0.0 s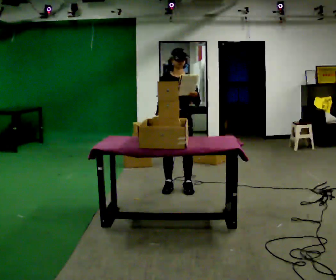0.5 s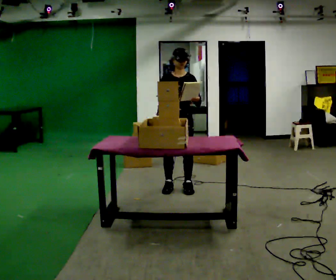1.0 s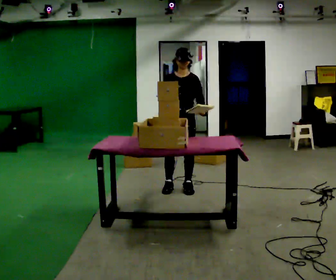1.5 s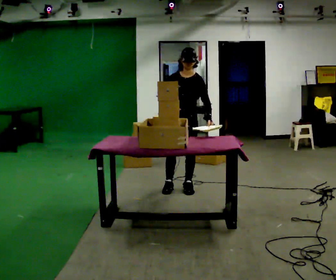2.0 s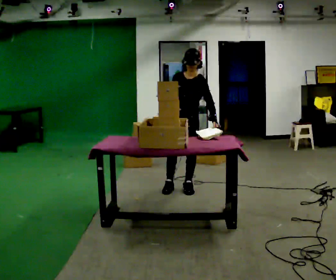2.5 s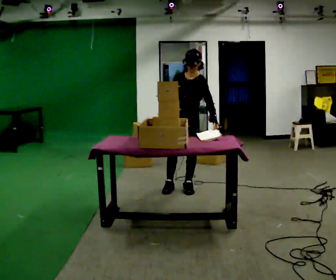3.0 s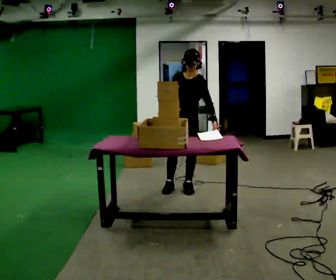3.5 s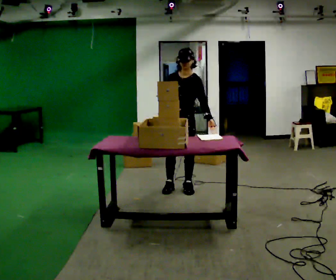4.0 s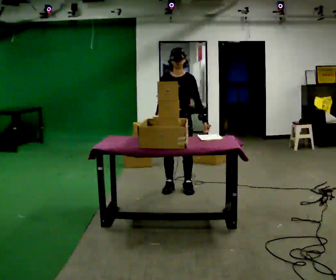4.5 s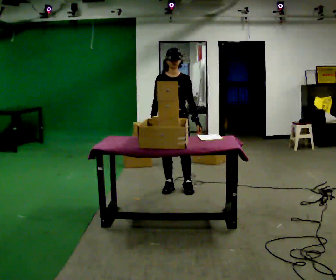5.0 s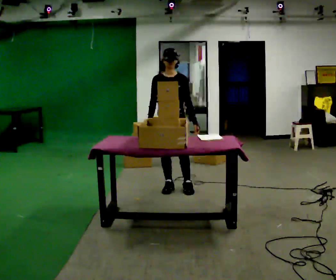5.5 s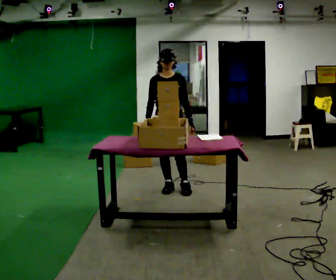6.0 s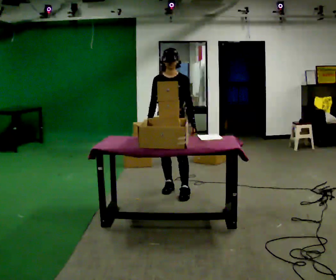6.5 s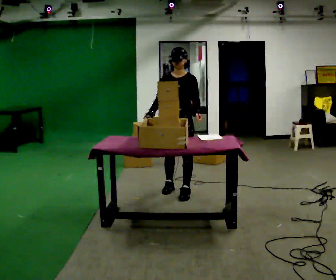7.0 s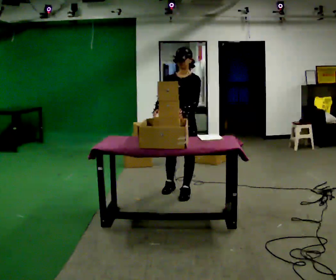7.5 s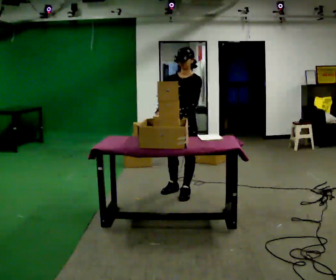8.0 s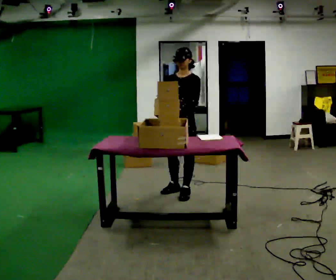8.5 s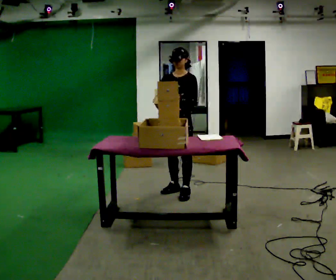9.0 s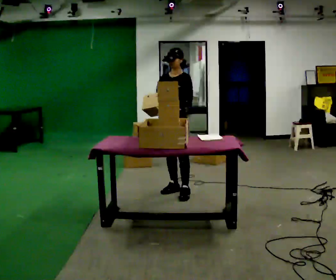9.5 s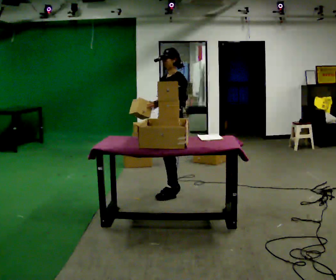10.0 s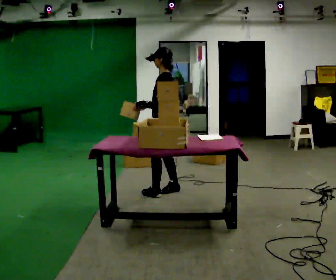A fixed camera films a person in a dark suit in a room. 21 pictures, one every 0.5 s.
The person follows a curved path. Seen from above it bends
clockwise.
0.0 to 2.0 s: The upper body tips toward the camera, its near side rolling downward, as they bend forward.
2.0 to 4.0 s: The upper body tips away from the camera, its near side rolling upward.
4.0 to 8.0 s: In the picture they go toward the camera, about 0.25 m in 1 step, which for them is forward.
8.0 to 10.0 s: The person turns about 75 degrees to their right, clockwise seen from above, so the part of the body nearest the lens slides to the left. In the picture they go to the left, about 0.25 m in 1 step.
The film runs forward here.
